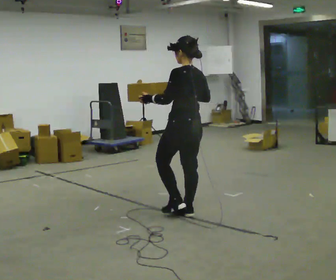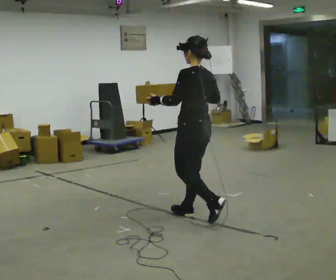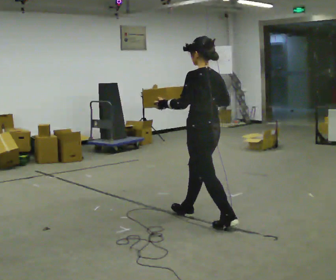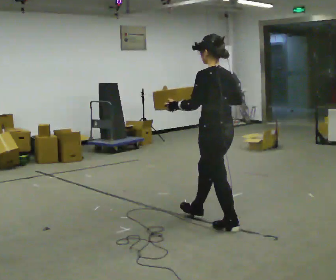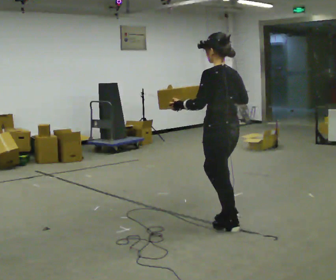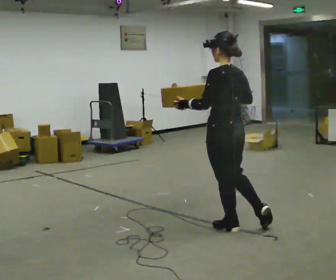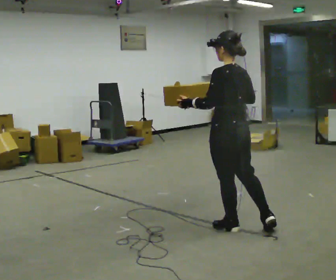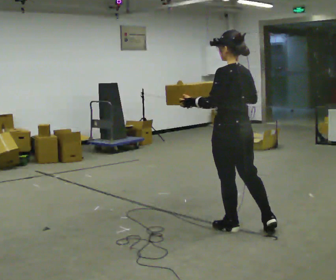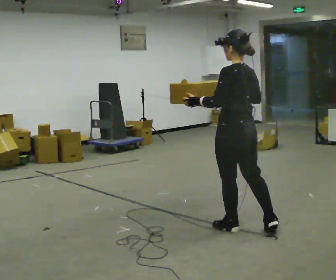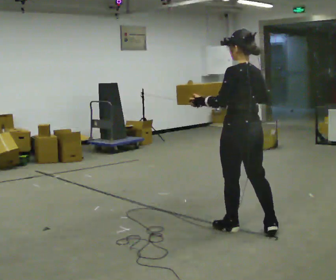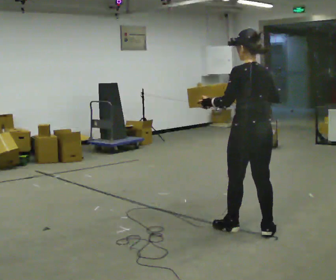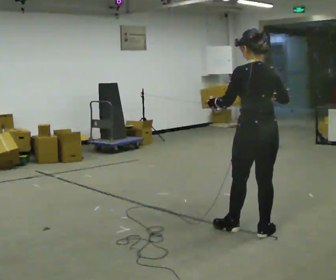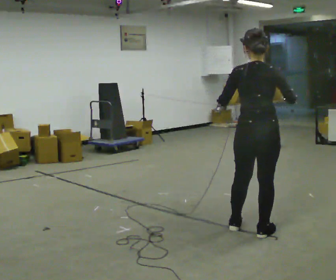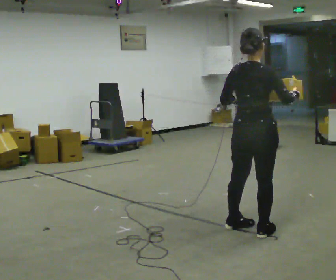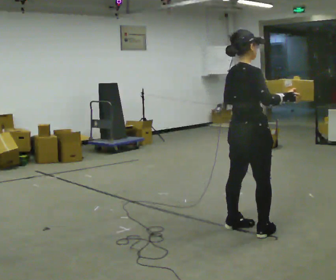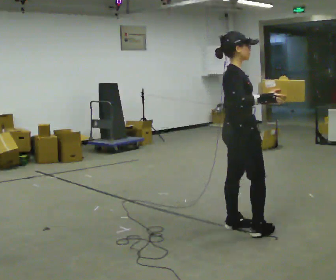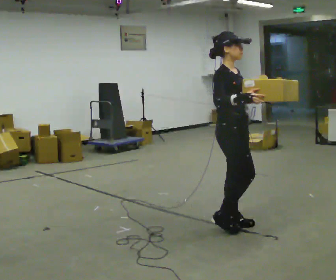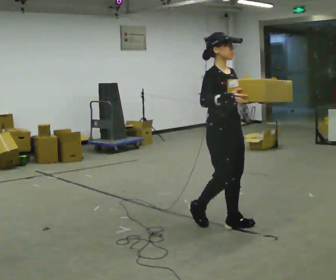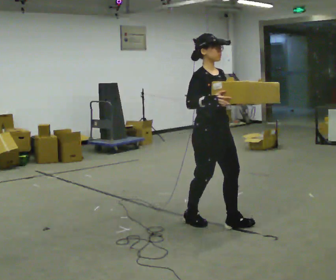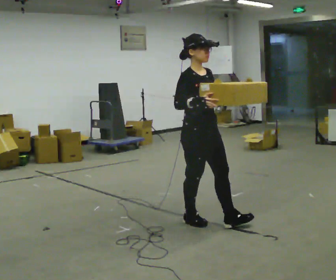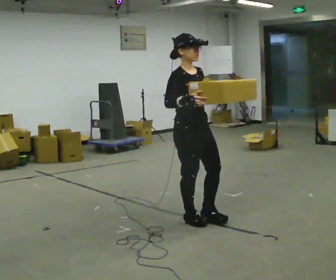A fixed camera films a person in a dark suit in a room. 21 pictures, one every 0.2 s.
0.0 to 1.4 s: In the picture they go to the right and toward the camera, about 0.5 m in 1 step, which for them is backward.
1.4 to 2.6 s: The person turns about 75 degrees to their right, clockwise seen from above, so the part of the body nearest the lens slides to the left. In the picture their right hand goes to the right.
2.6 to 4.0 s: The part of the body nearest the lens slides to the left as the person turns to their right by about 105 degrees. In the picture they go to the left and away from the camera, about 0.5 m in 2 steps.
The film runs backward here.
